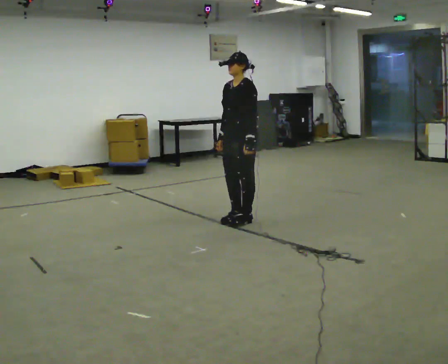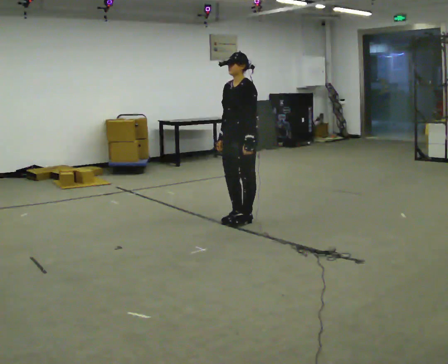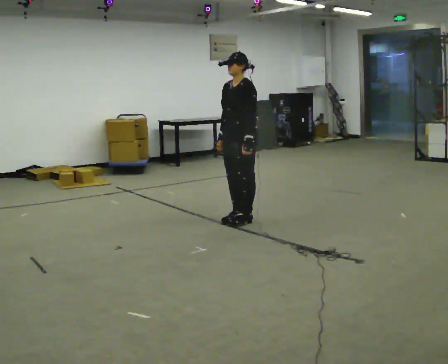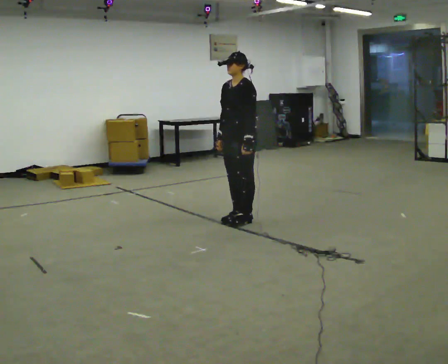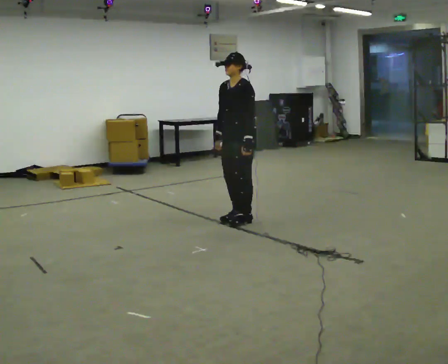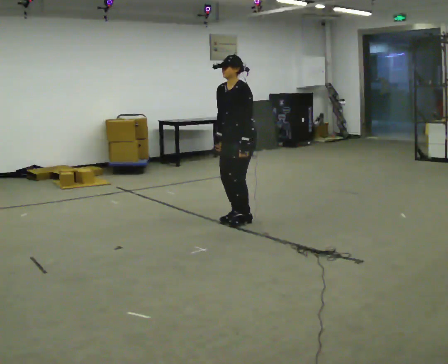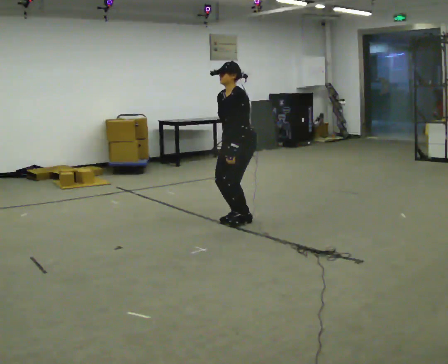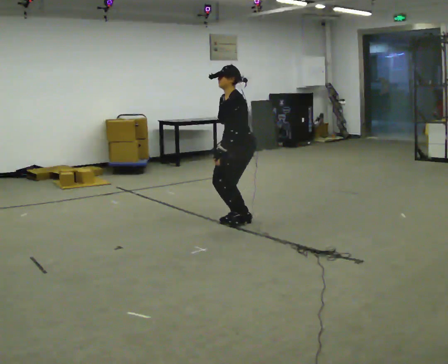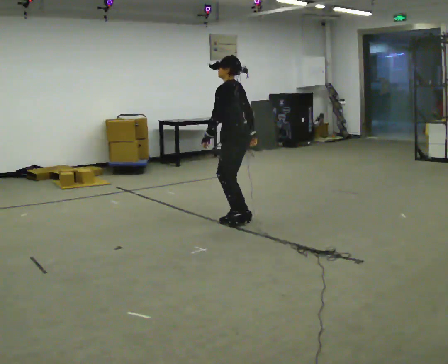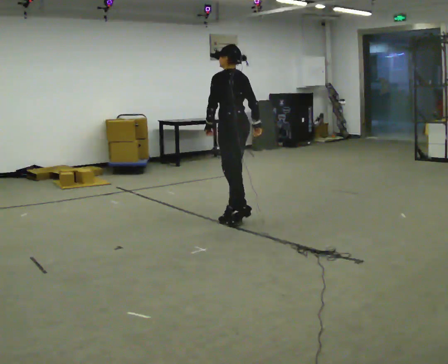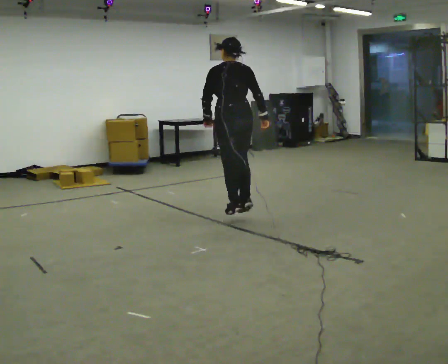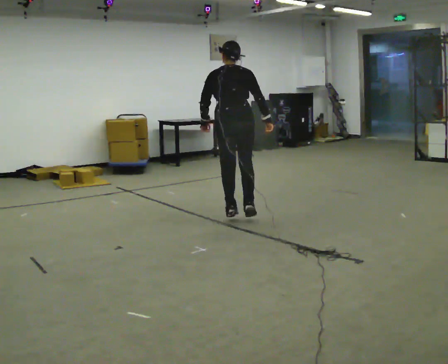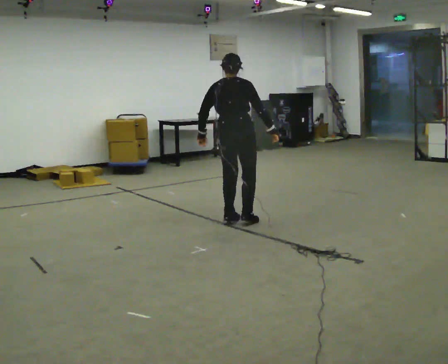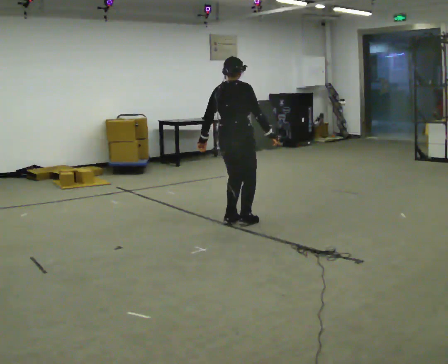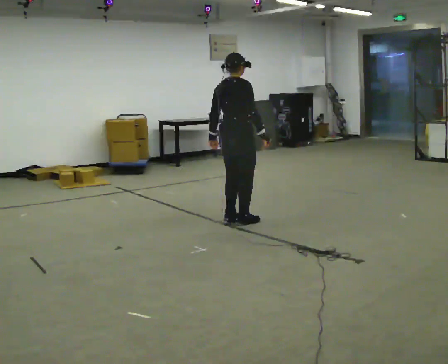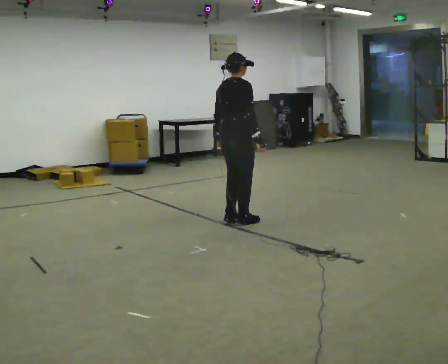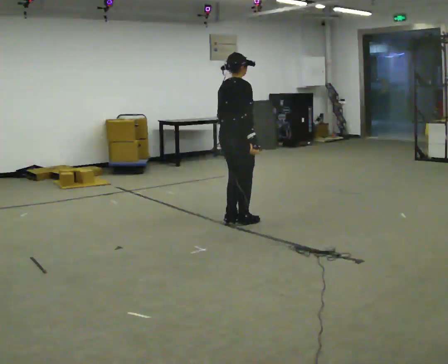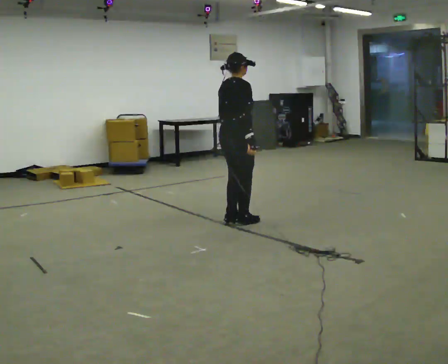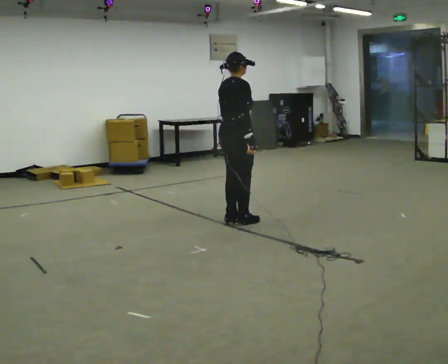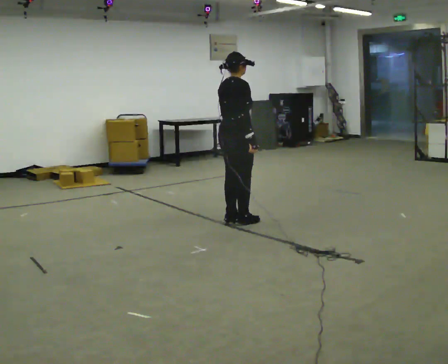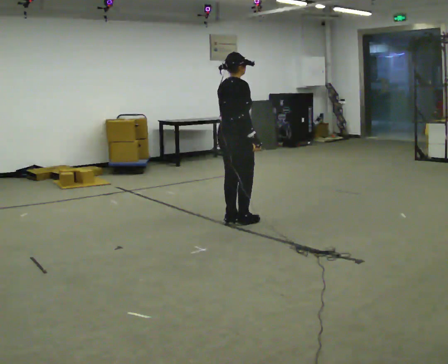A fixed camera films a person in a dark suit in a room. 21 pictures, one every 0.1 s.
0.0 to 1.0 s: The part of the body nearest the lens slides to the left as the person turns to their right by about 105 degrees. In the picture their right hand goes to the right, the arm swinging counterclockwise.
1.0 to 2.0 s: Seen from above the body turns clockwise, about 75 degrees: to their right, with its near side sliding to the left.
The film runs forward here.
